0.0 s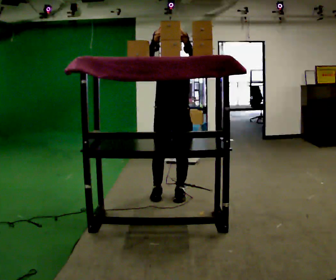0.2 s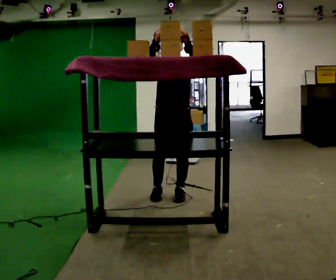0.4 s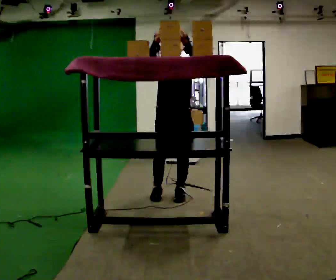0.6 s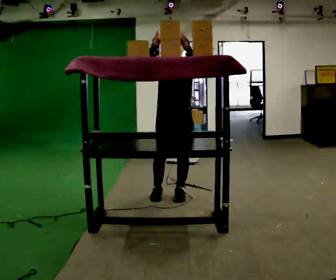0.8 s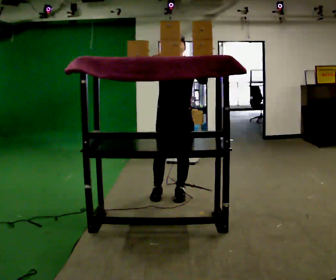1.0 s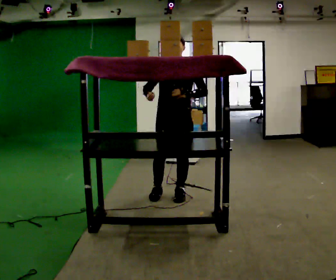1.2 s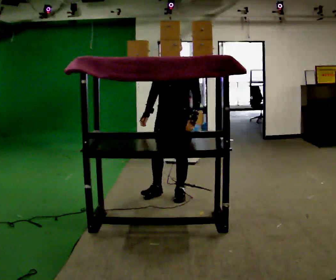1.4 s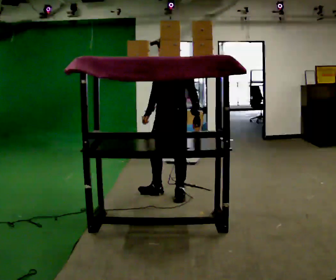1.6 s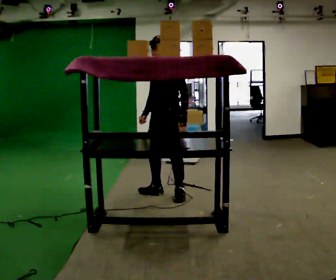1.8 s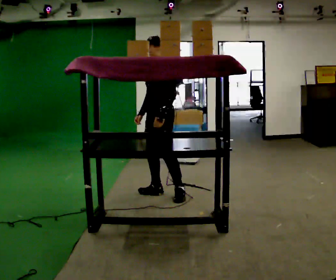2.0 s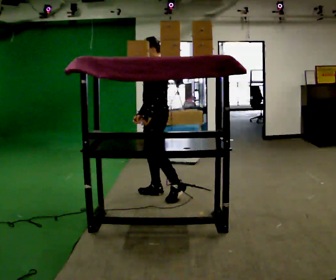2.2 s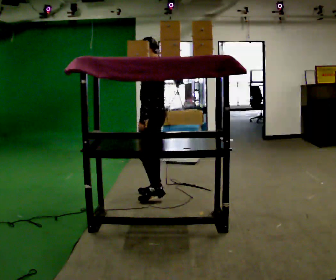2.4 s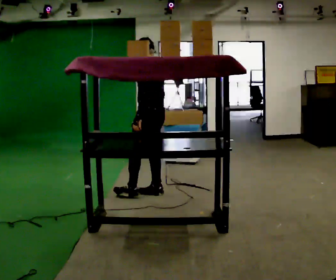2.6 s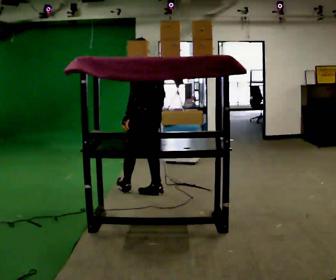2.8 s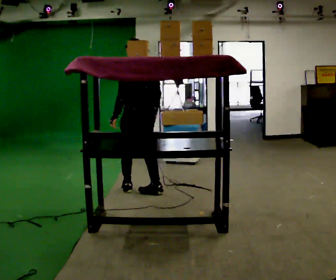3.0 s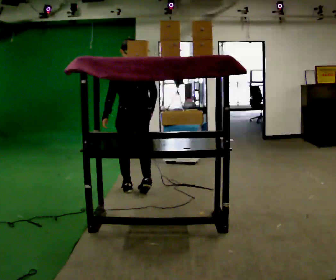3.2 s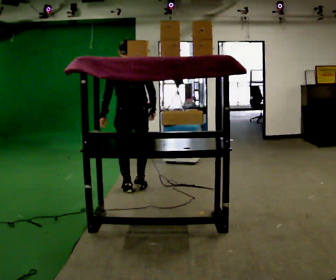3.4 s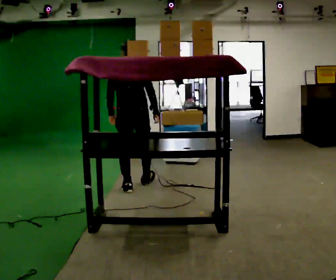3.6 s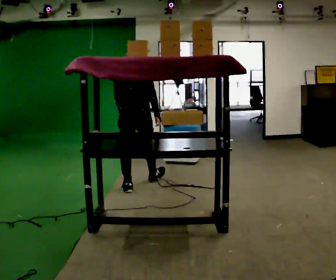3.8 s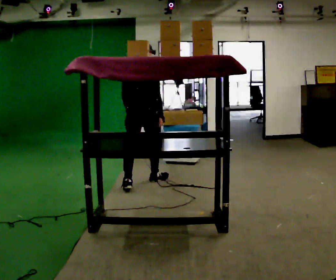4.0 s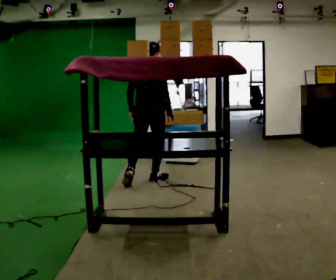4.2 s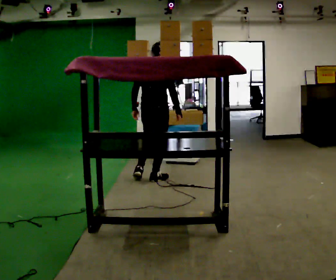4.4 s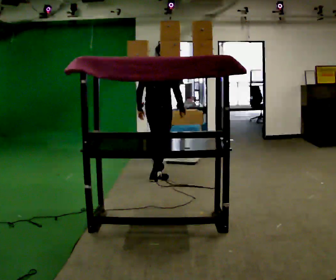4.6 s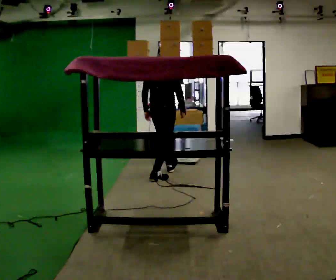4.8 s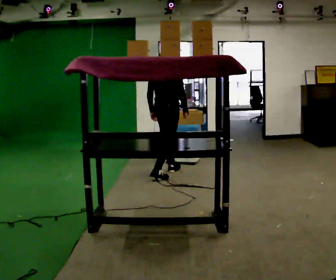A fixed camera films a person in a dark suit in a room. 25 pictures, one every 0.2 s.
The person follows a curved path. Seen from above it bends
clockwise.
The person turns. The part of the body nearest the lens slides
to the left.
0.0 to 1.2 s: The part of the body nearest the lens slides to the left as the person turns to their right by about 30 degrees. In the picture their right hand goes downward.
1.2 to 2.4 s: The person turns about 90 degrees to their right, clockwise seen from above, so the part of the body nearest the lens slides to the left. In the picture they go to the left, about 0.25 m.
2.4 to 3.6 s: The person turns about 75 degrees to their right, clockwise seen from above, so the part of the body nearest the lens slides to the left. In the picture they go away from the camera and to the left, about 0.25 m in 1 step.
3.6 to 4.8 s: Seen from above the body turns clockwise, about 30 degrees: to their right, with its near side sliding to the left. In the picture they go away from the camera and to the right, about 0.75 m in 2 steps, which for them is forward.
The film runs forward here.
